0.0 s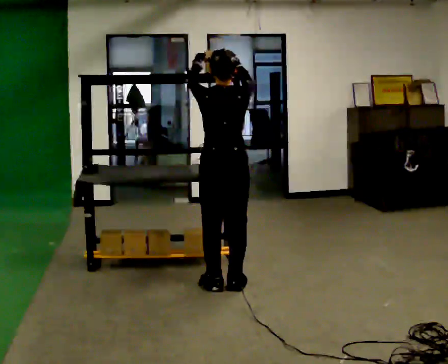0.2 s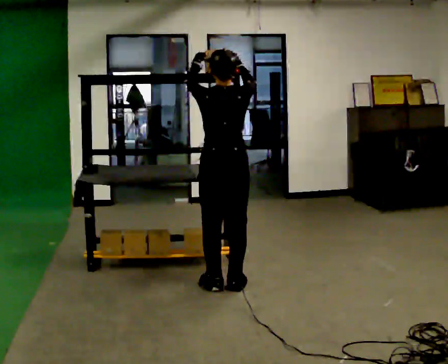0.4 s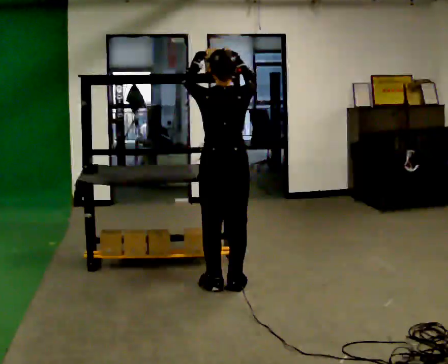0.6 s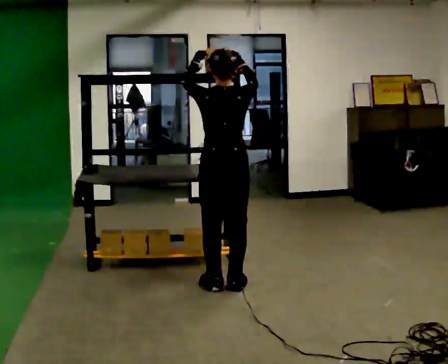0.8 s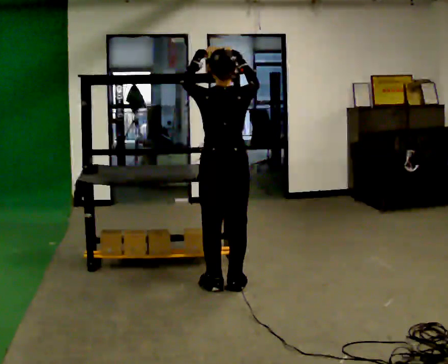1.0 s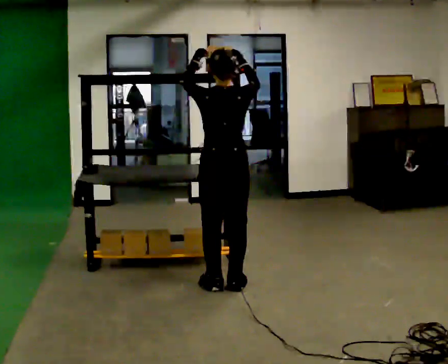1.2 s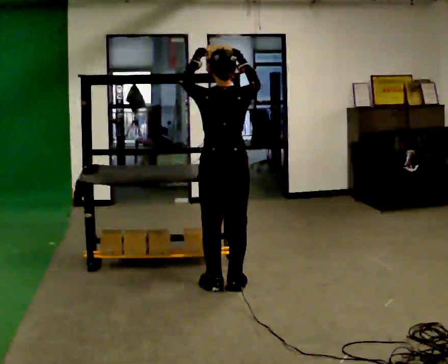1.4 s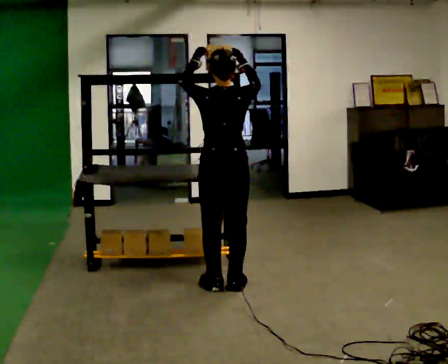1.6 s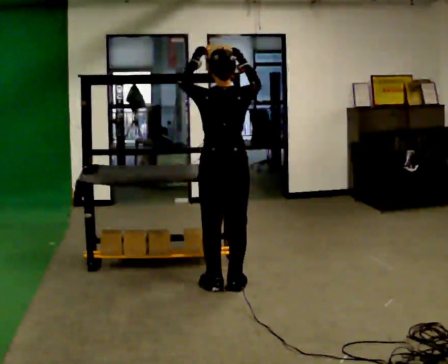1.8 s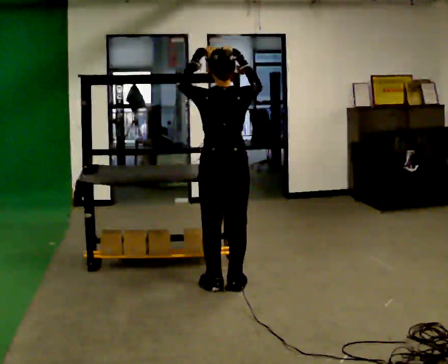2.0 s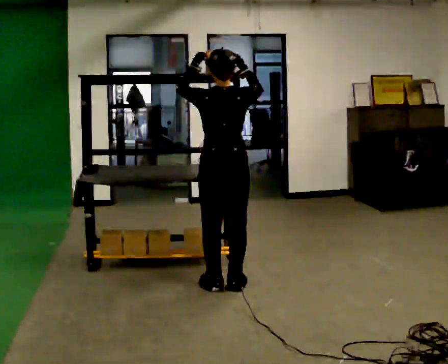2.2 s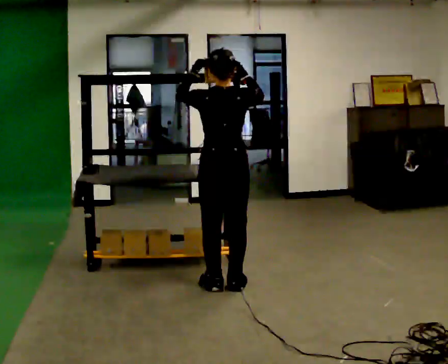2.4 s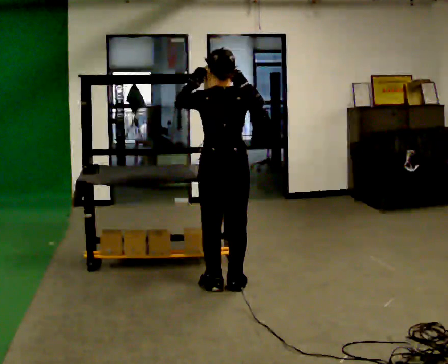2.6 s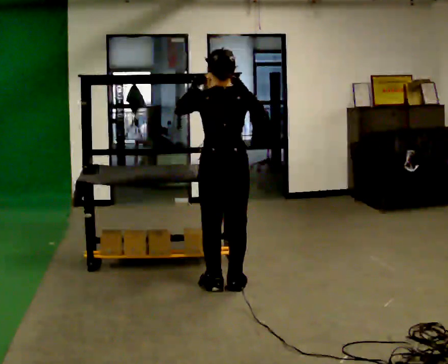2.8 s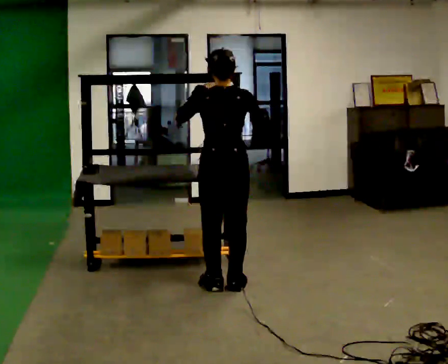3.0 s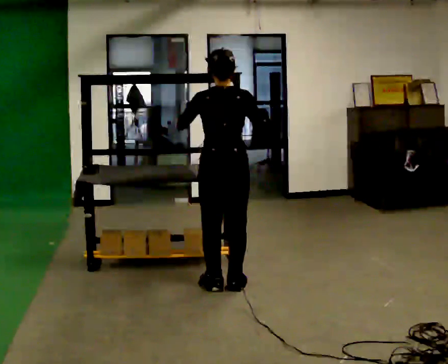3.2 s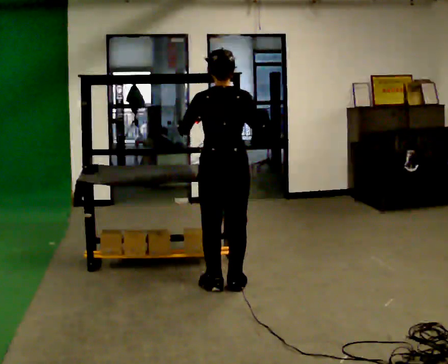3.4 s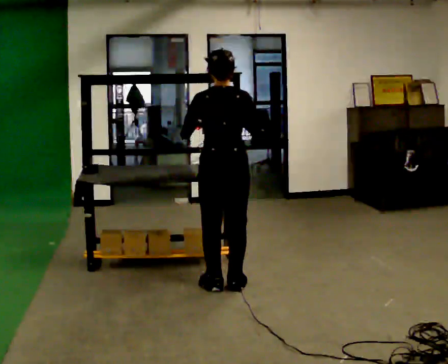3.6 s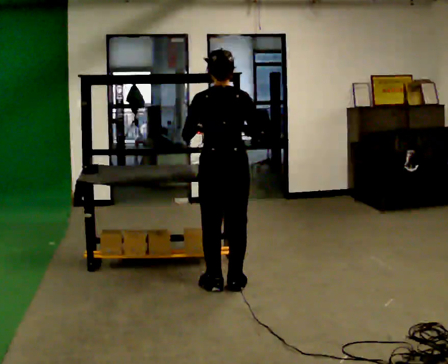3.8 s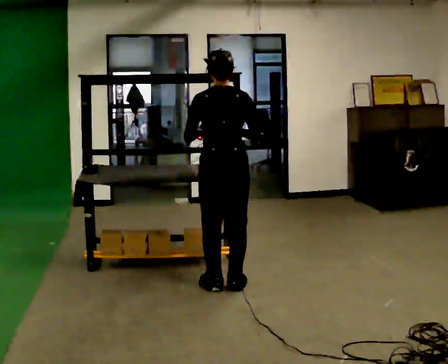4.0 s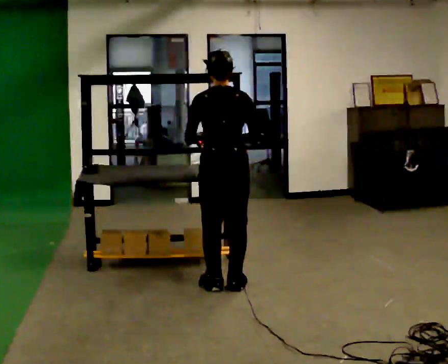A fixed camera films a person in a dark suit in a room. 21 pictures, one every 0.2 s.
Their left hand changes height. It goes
downward.
Their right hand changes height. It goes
downward.
0.0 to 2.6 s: The person moves a little, or ends about where they began.
2.6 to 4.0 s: In the picture their right hand goes downward.
The film runs backward here.
